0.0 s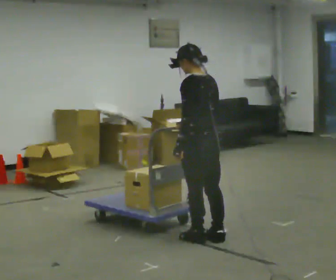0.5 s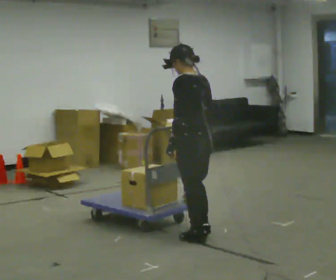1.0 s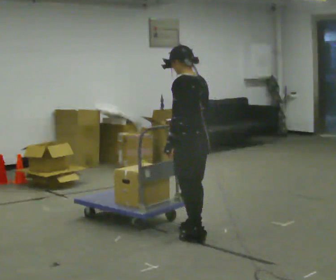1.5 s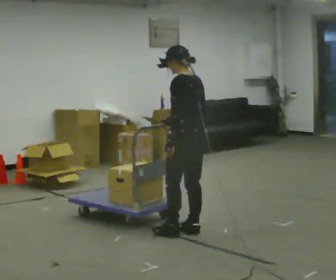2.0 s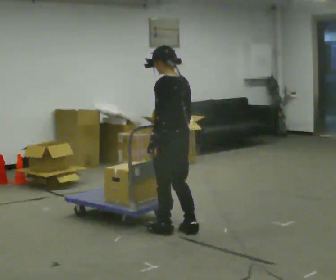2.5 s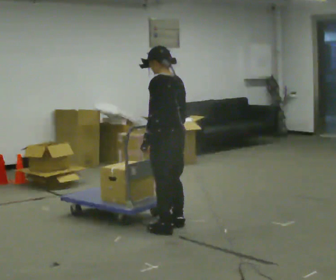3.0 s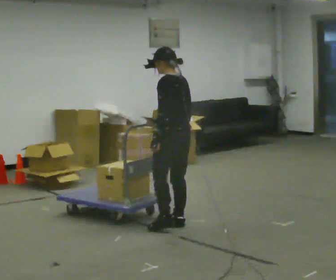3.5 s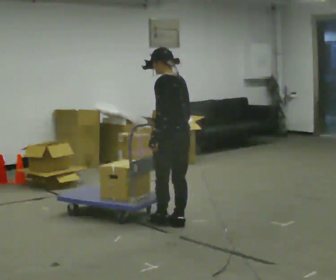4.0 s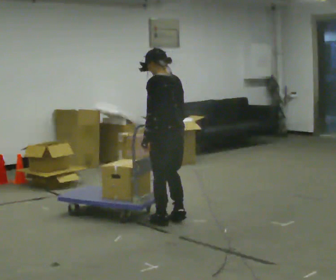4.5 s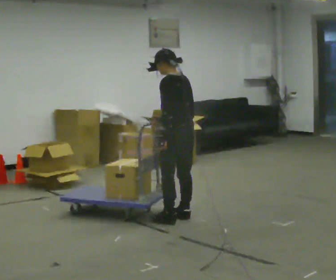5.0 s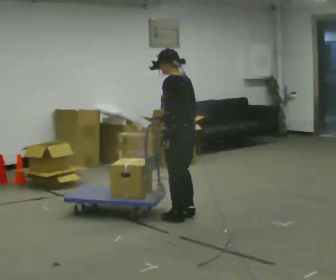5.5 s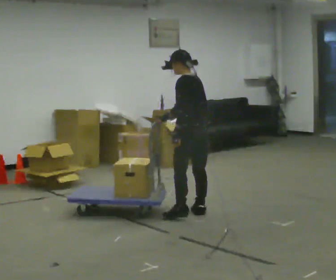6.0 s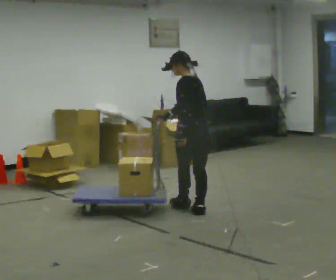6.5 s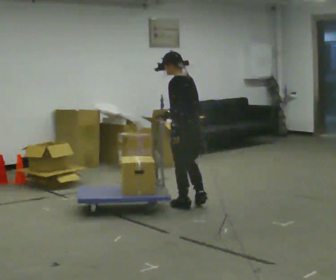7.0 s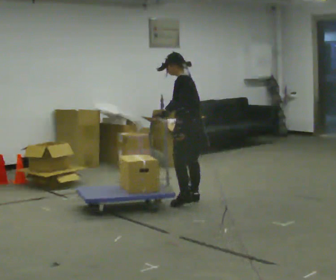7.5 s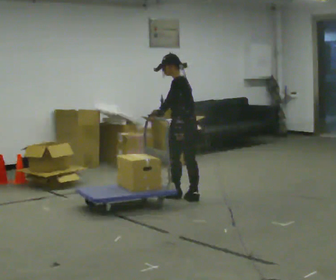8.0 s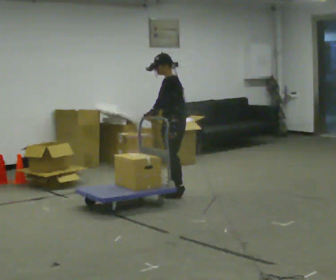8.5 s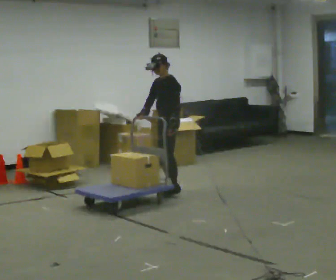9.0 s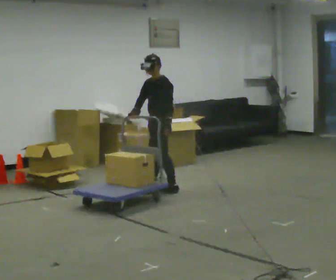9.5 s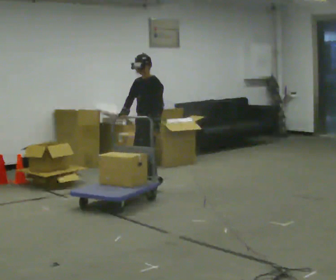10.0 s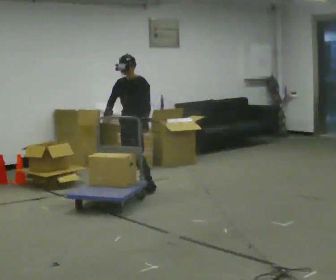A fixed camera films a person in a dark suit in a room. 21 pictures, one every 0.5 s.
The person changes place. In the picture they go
away from the camera.
0.0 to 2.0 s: In the picture they go to the left and away from the camera, about 0.25 m in 2 steps, which for them is forward.
2.0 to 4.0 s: In the picture they go away from the camera, about 0.25 m in 2 steps, which for them is to their right and forward.
4.0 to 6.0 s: In the picture they go away from the camera and to the right, about 0.5 m in 4 steps, which for them is to their right.
6.0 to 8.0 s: Seen from above the body turns counterclockwise, about 30 degrees: to their left, with its near side sliding to the right. In the picture they go away from the camera, about 0.75 m in 2 steps, which for them is to their right and forward.
8.0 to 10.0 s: The person turns about 60 degrees to their left, counterclockwise seen from above, so the part of the body nearest the lens slides to the right. In the picture they go to the left and away from the camera, about 0.5 m in 3 steps, which for them is to their right and forward.
The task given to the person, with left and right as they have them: Push the cart across the room using only the hand the operator calls. Keep your other arm at your side.
The film runs forward here.
